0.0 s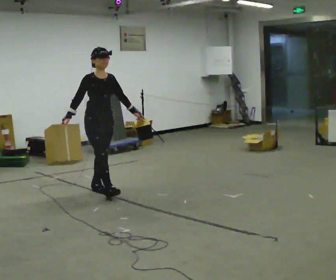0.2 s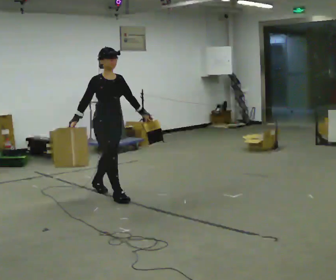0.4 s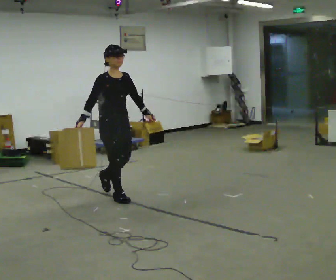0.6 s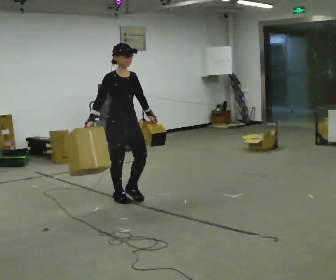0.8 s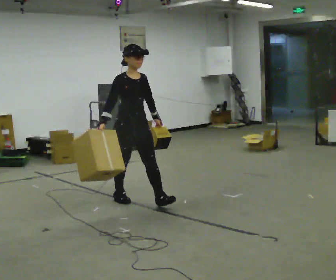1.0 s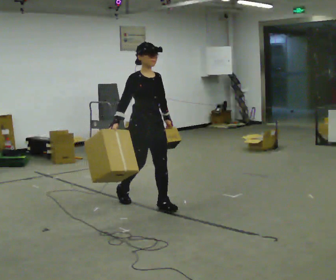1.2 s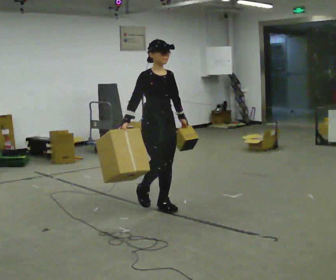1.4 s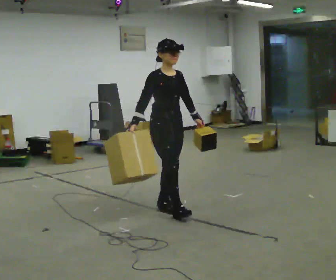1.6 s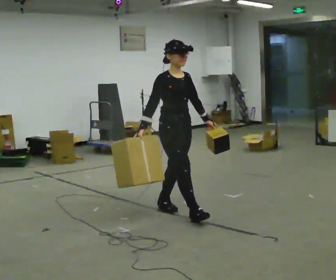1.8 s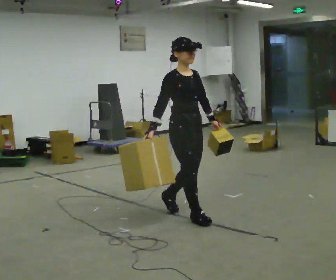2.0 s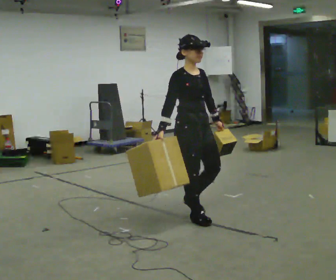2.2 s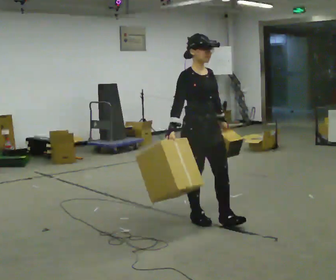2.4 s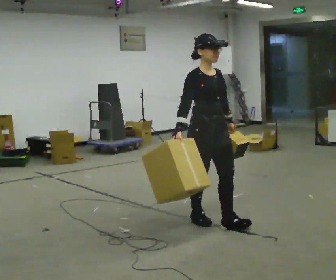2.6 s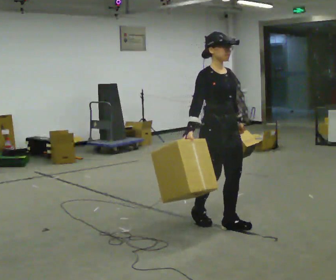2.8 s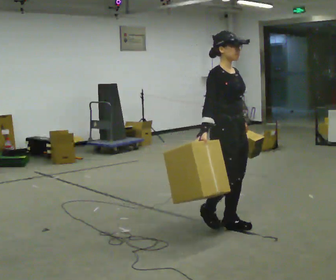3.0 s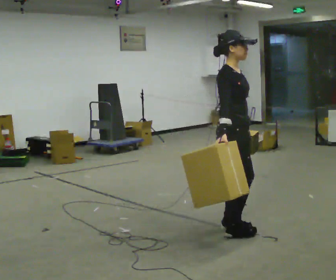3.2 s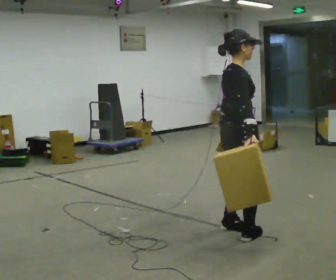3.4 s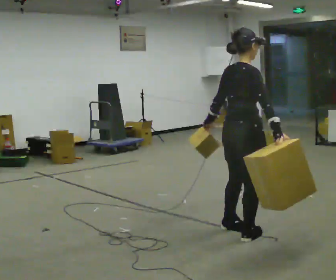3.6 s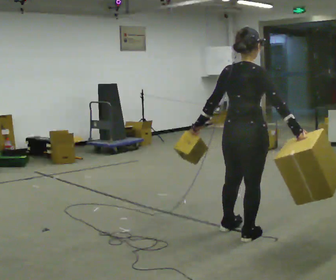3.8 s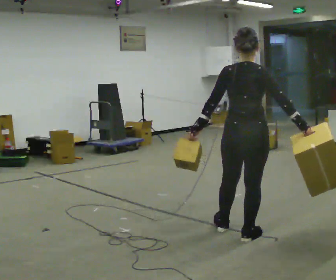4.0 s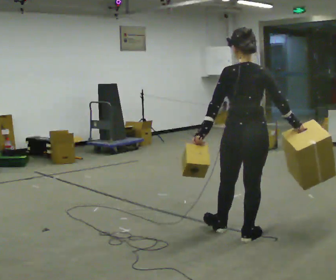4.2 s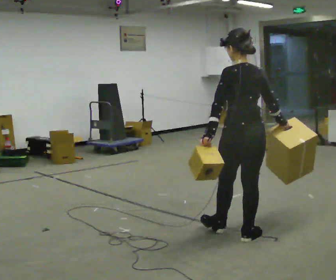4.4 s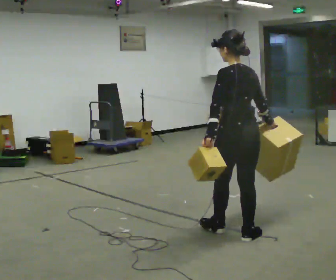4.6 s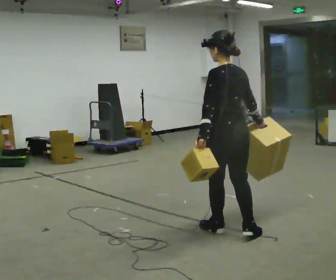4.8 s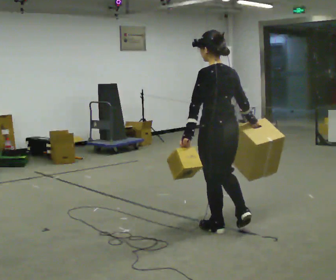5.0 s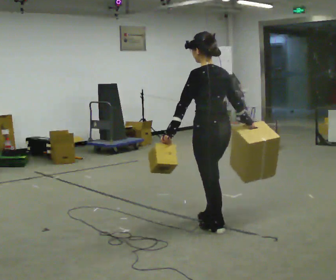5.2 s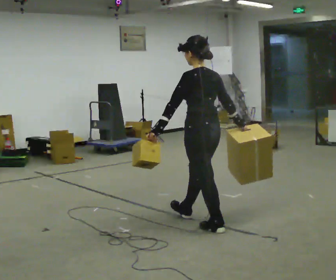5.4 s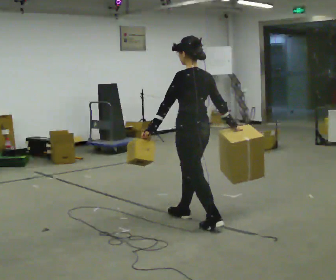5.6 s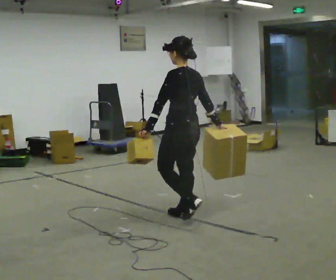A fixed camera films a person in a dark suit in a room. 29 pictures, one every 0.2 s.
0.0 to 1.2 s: In the picture they go to the right and toward the camera, about 1 m in 2 steps, which for them is forward.
1.2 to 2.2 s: In the picture they go toward the camera and to the right, about 0.75 m in 1 step, which for them is forward.
2.2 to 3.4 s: The person turns about 90 degrees to their left, counterclockwise seen from above, so the part of the body nearest the lens slides to the right. In the picture they go toward the camera and to the right, about 0.5 m in 2 steps.
3.4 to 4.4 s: Seen from above the body turns counterclockwise, about 90 degrees: to their left, with its near side sliding to the right.
4.4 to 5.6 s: In the picture they go away from the camera and to the left, about 0.75 m in 1 step, which for them is forward.
The film runs forward here.
